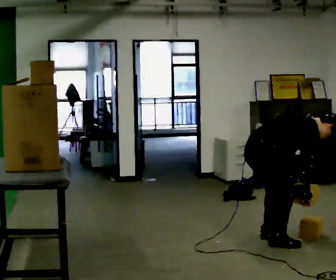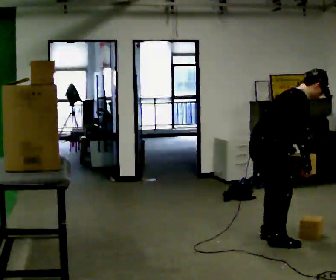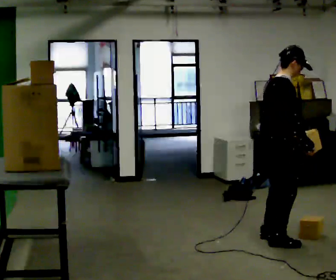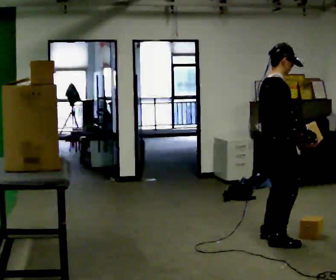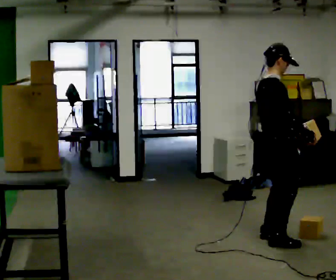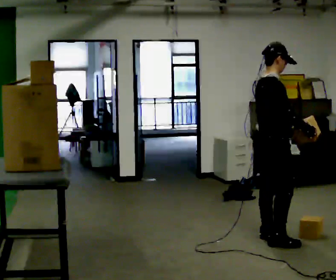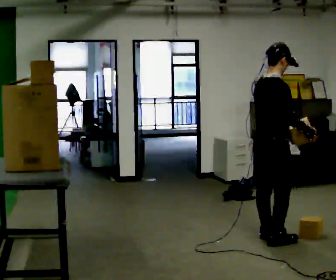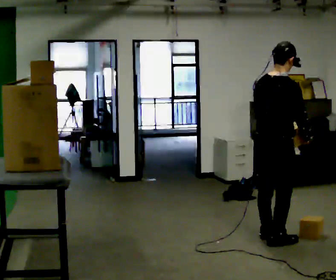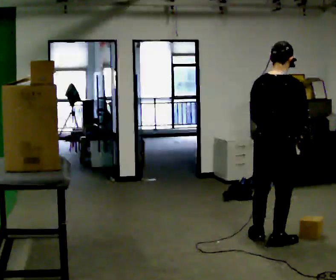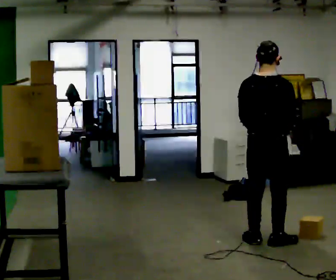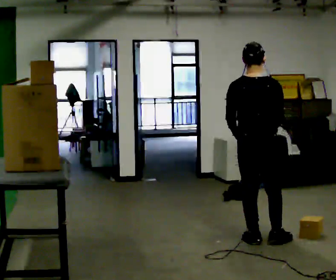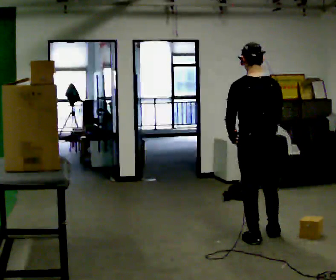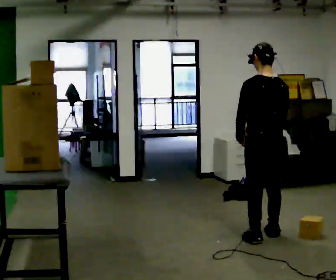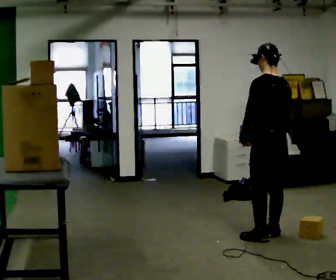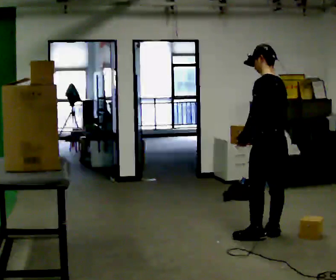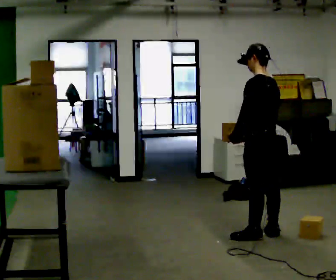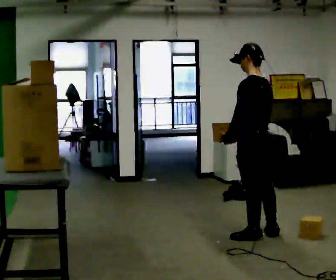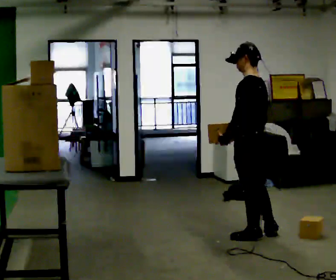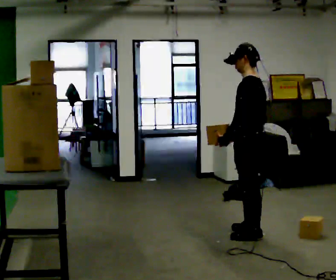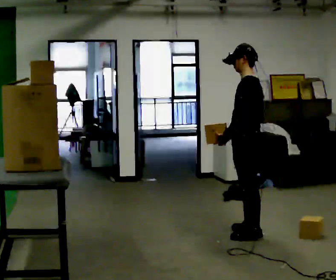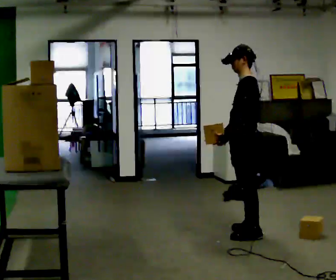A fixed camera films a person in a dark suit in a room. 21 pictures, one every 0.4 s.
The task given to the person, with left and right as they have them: Pick an object up off the floor, carry it across the room, and place it on the highest shelf you can comfortably reach. Keep going until the operator says stop; one object at a time, and do not rush between trips.
0.0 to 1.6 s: In the picture they go to the right, about 0.25 m, which for them is forward. The upper body goes upward. In the picture the upper body tilts counterclockwise, shoulders to the left, as they lean back or straighten. In the picture their right hand goes upward.
1.6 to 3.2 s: The part of the body nearest the lens slides to the right as the person turns to their left by about 60 degrees.
3.2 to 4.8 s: The part of the body nearest the lens slides to the right as the person turns to their left by about 45 degrees. In the picture they go away from the camera, about 0.25 m in 2 steps, which for them is forward.
4.8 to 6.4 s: The person turns about 30 degrees to their left, counterclockwise seen from above, so the part of the body nearest the lens slides to the right.
6.4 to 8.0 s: The part of the body nearest the lens slides to the right as the person turns to their left by about 30 degrees. In the picture they go away from the camera, about 0.25 m in 1 step, which for them is to their right.
The film runs forward here.
